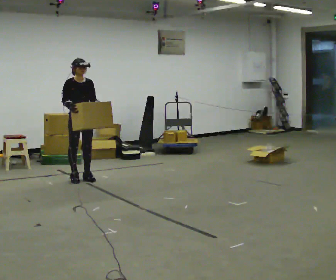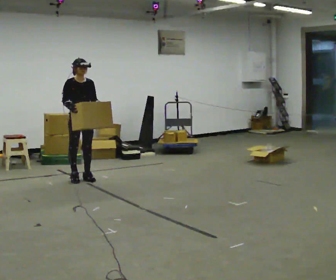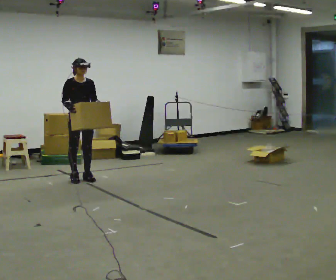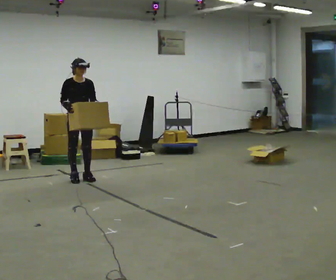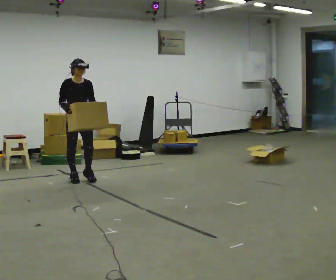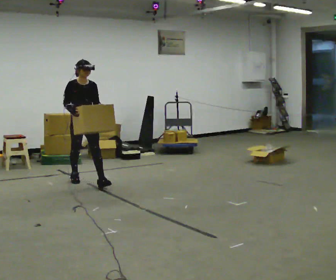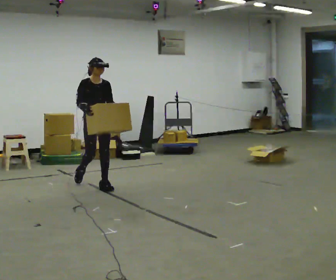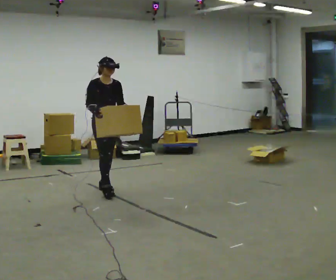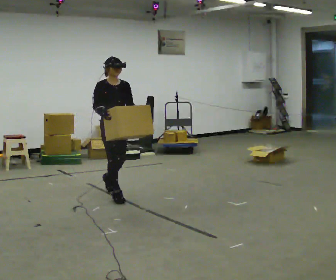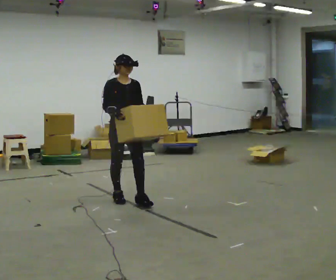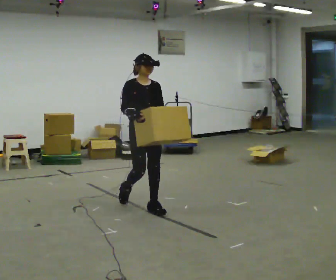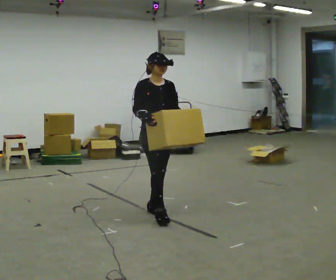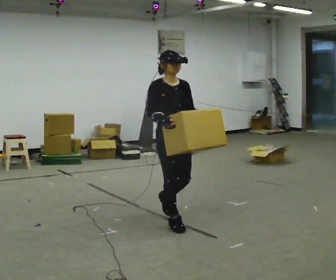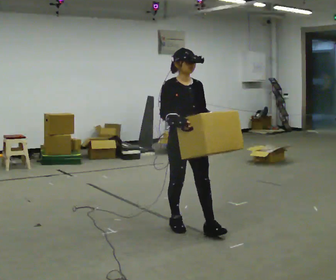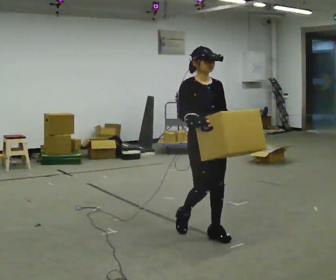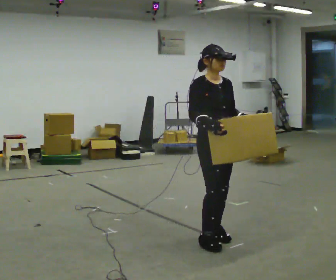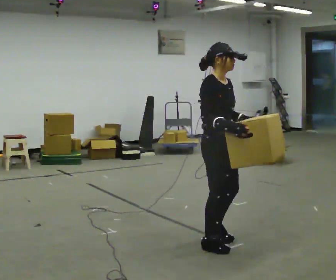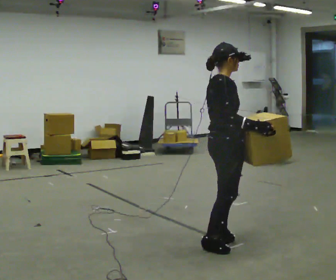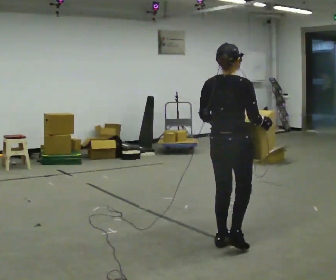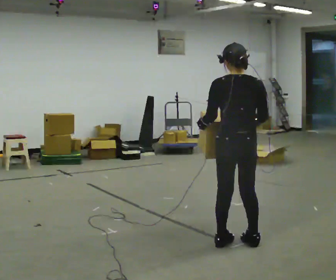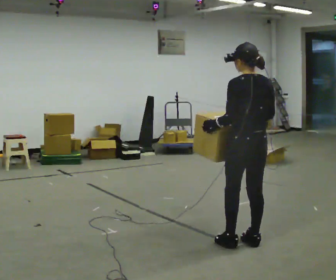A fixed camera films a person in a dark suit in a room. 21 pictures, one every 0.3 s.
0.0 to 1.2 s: The person moves a little, or ends about where they began.
1.2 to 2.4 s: In the picture they go toward the camera and to the right, about 1 m in 2 steps, which for them is forward.
2.4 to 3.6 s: In the picture they go toward the camera and to the right, about 1 m in 2 steps, which for them is forward.
3.6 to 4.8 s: The part of the body nearest the lens slides to the right as the person turns to their left by about 30 degrees. In the picture they go toward the camera and to the right, about 0.75 m in 2 steps, which for them is forward.
4.8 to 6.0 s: The part of the body nearest the lens slides to the right as the person turns to their left by about 150 degrees. In the picture they go to the right, about 0.25 m in 2 steps.
The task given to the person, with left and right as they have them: Carry the box across the room, stopping and starting again each time the operator says stop and go. Do not set the box down.
The film runs forward here.
